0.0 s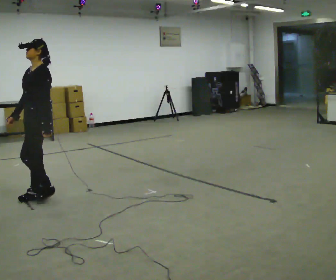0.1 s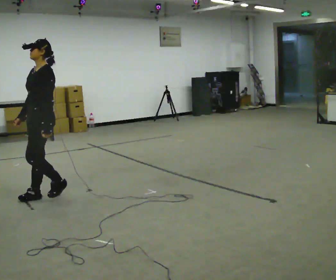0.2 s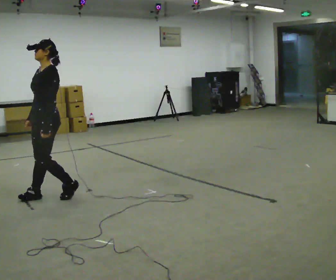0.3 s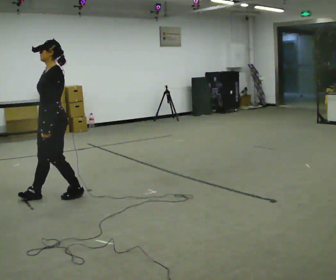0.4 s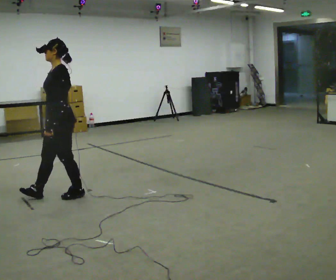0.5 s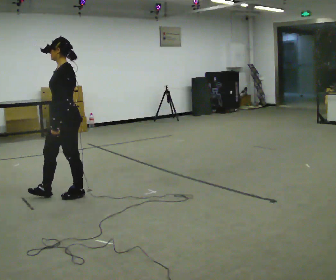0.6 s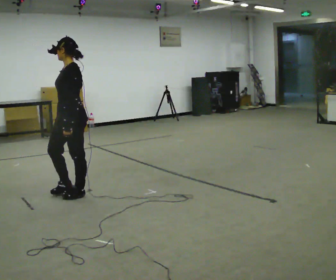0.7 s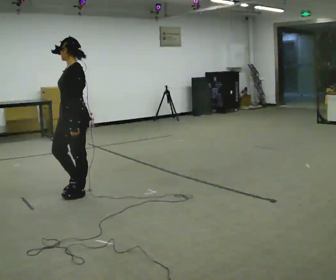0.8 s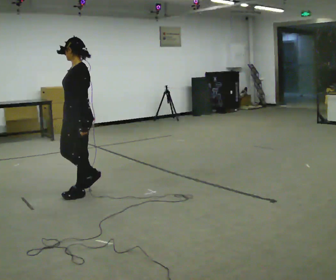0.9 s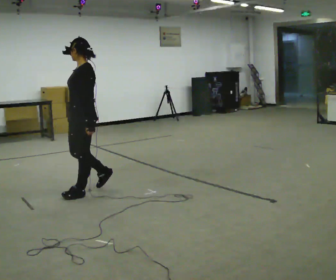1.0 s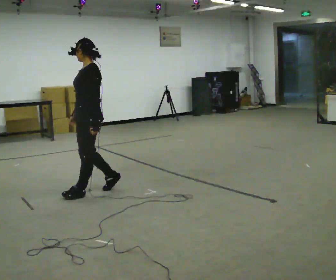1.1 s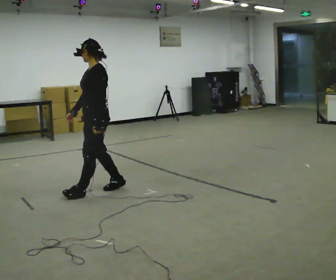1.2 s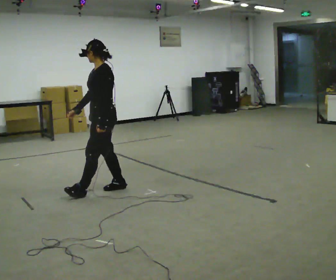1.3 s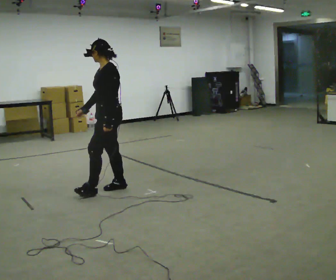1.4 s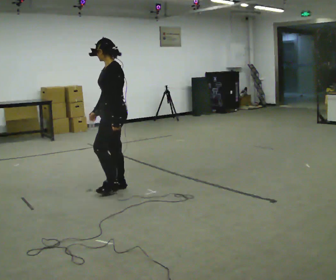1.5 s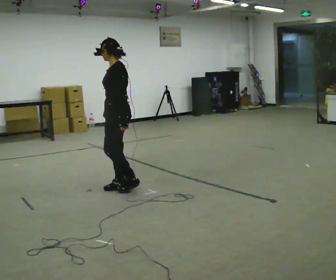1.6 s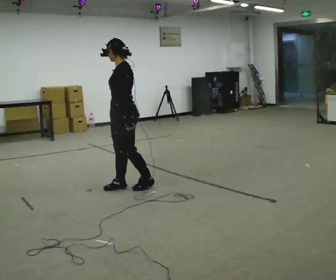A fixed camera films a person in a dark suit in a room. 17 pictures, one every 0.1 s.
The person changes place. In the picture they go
to the right.
0.0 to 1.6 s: In the picture they go to the right, about 1 m in 2 steps, which for them is backward.
The film runs forward here.
